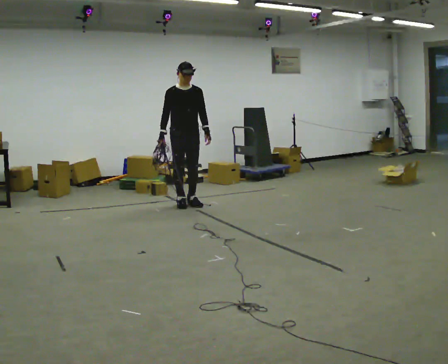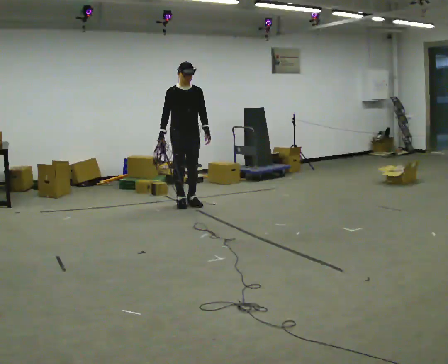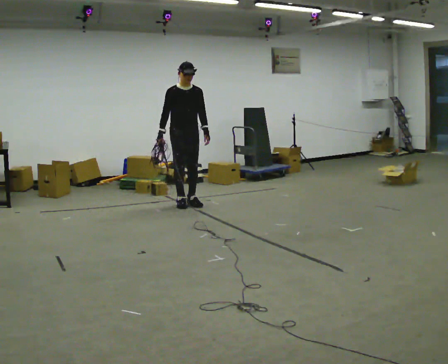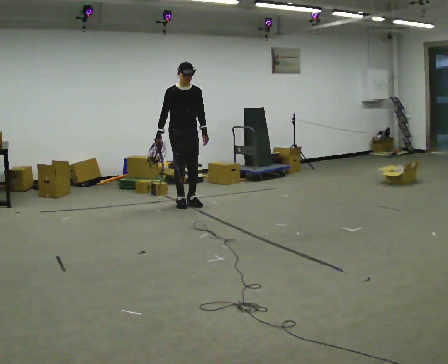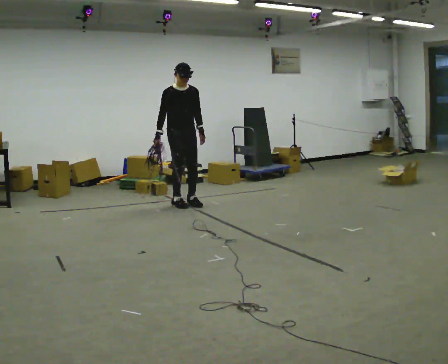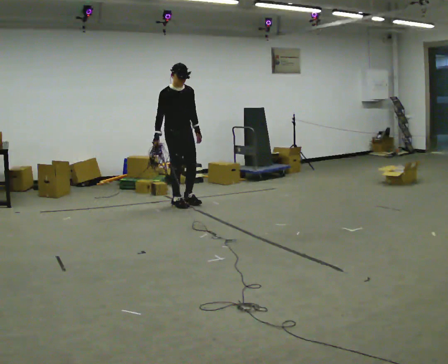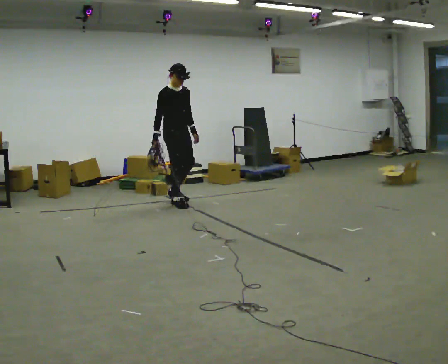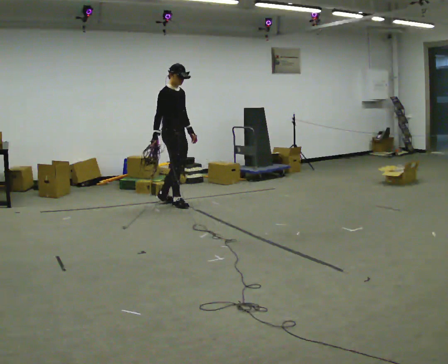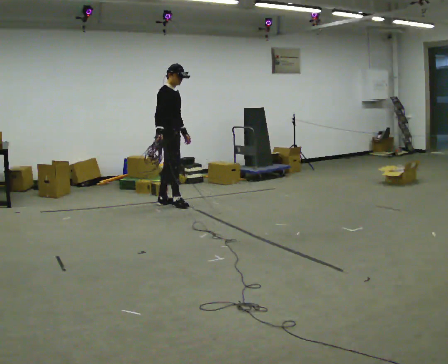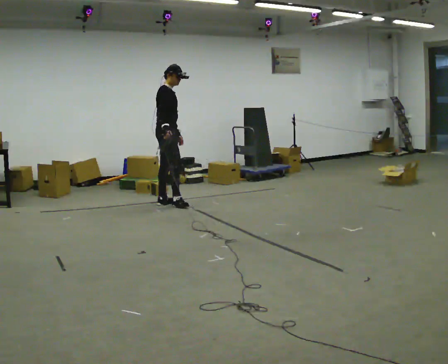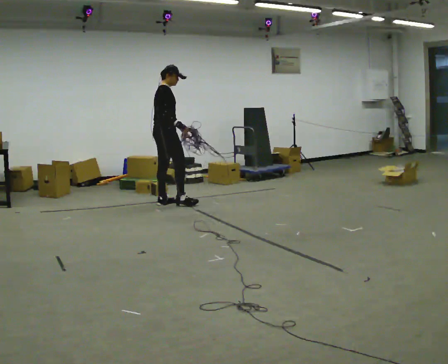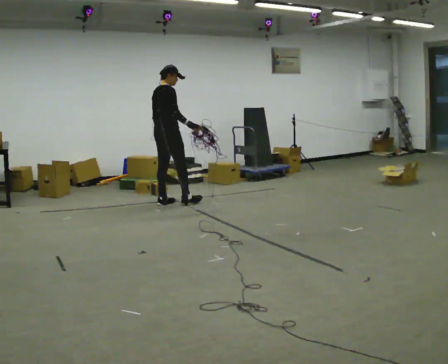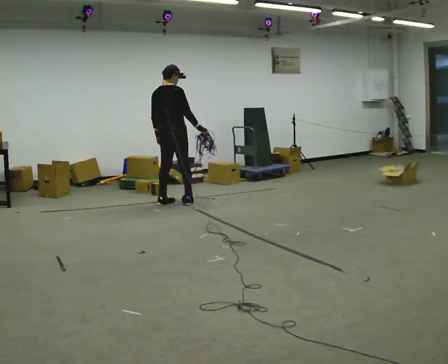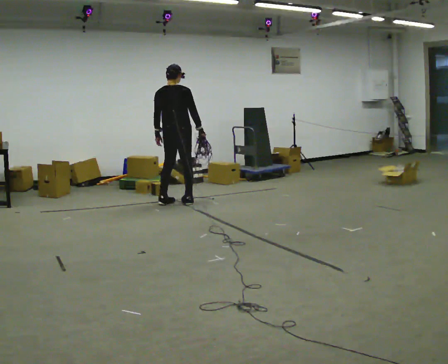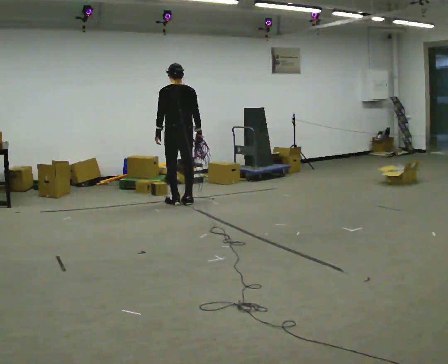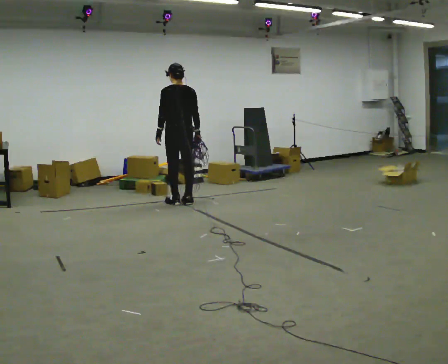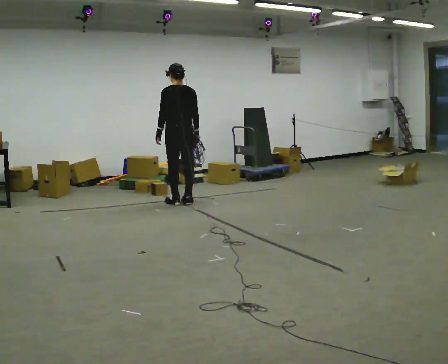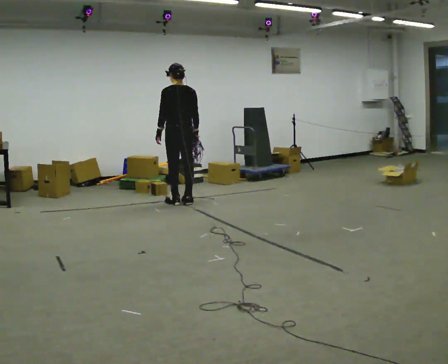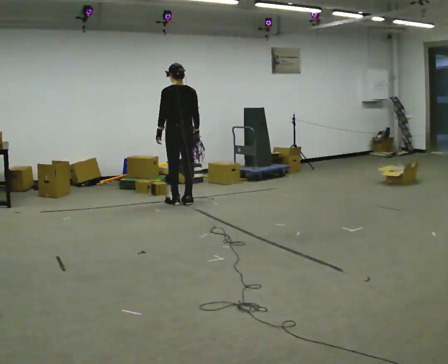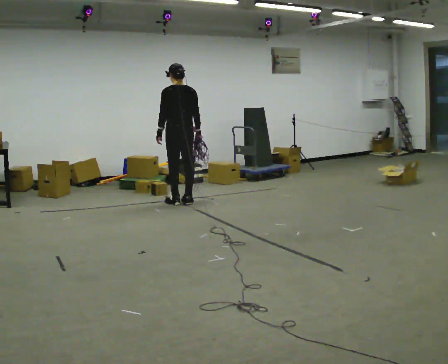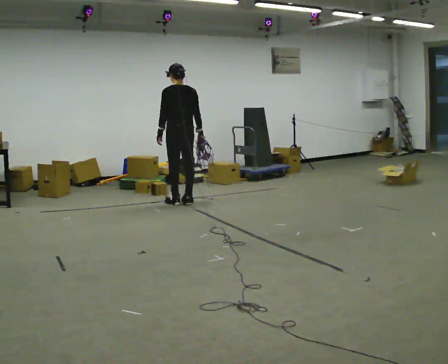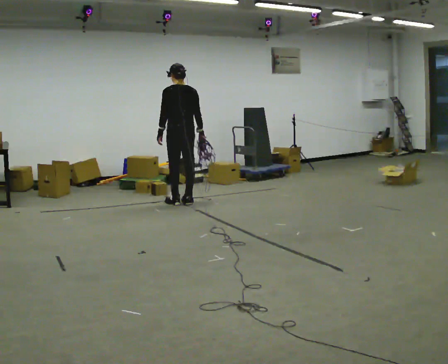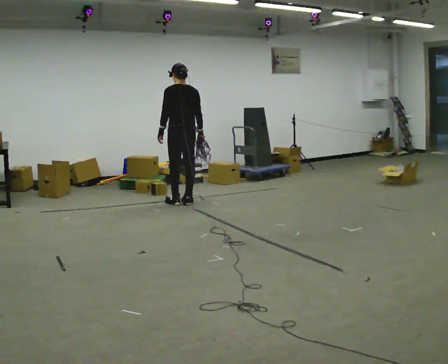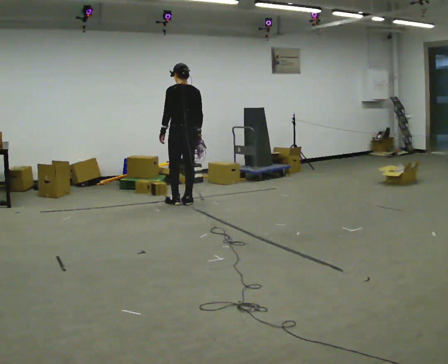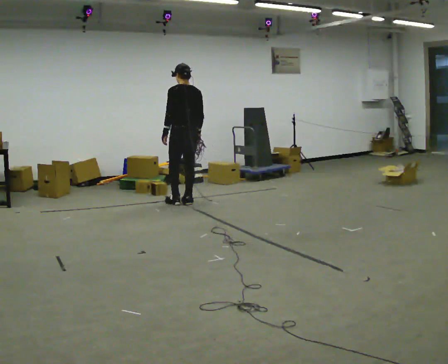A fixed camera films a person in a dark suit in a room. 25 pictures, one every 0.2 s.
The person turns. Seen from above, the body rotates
counterclockwise.
The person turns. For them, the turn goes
to their left.
0.0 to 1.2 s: Seen from above the body turns counterclockwise, about 30 degrees: to their left, with its near side sliding to the right.
1.2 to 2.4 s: The part of the body nearest the lens slides to the right as the person turns to their left by about 105 degrees. In the picture their right hand goes to the right, the arm swinging counterclockwise.
2.4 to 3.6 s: The person turns about 60 degrees to their left, counterclockwise seen from above, so the part of the body nearest the lens slides to the right.
3.6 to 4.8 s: The person moves a little, or ends about where they began.
The film runs backward here.
